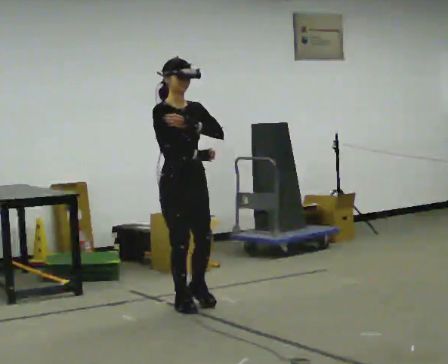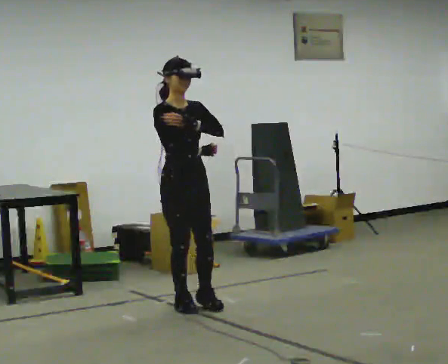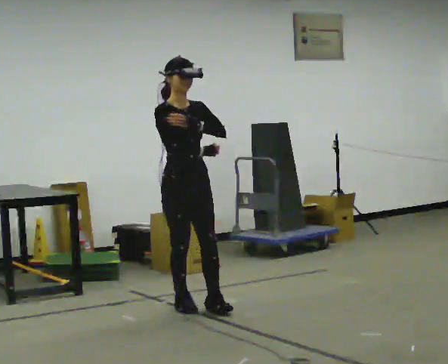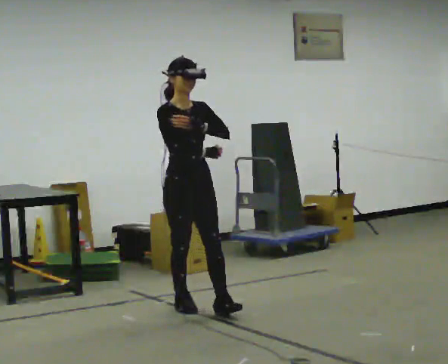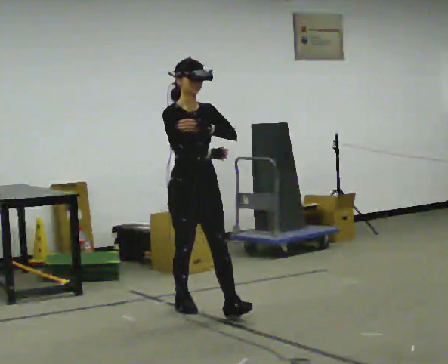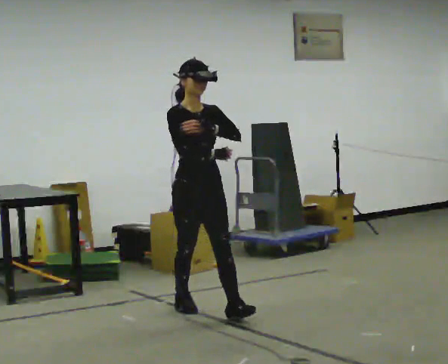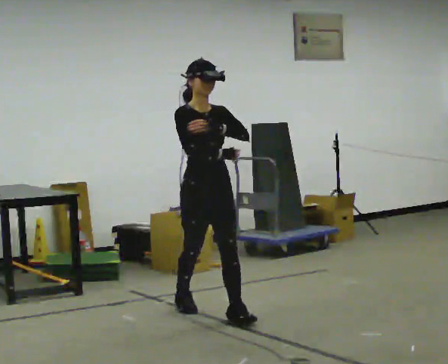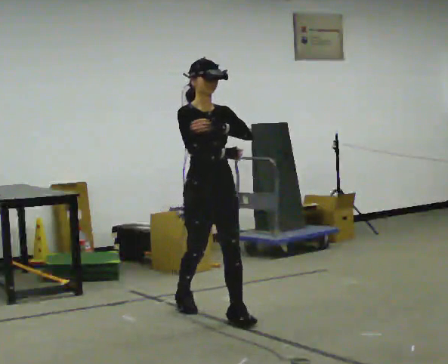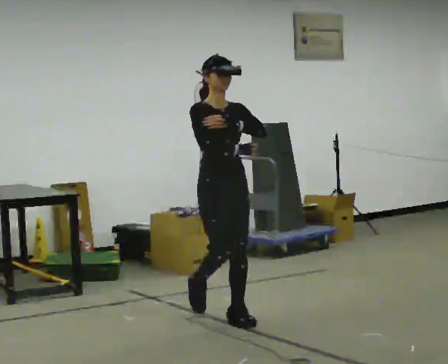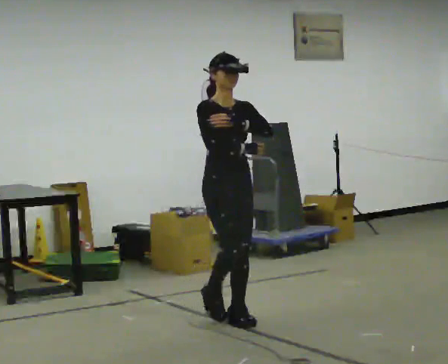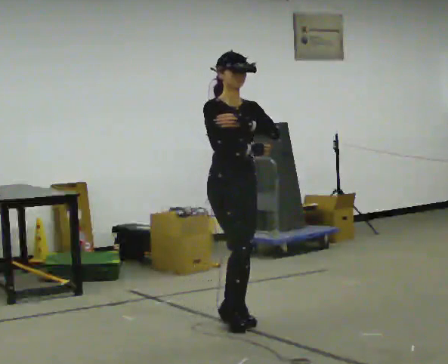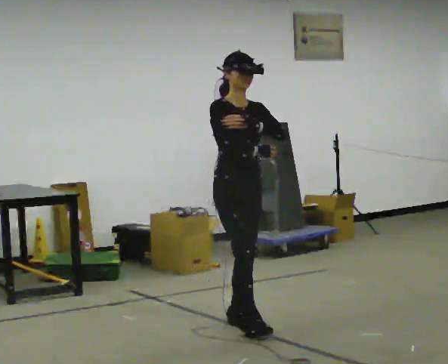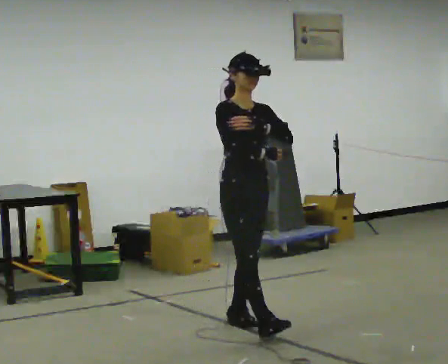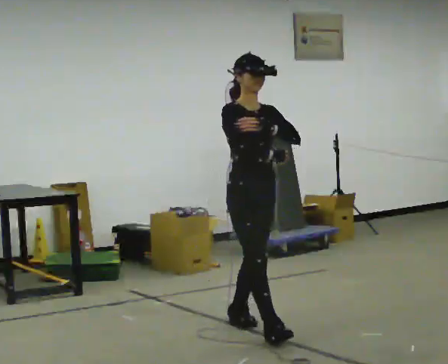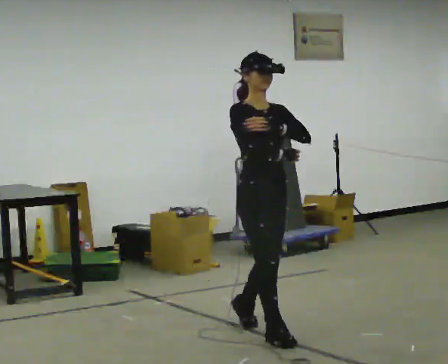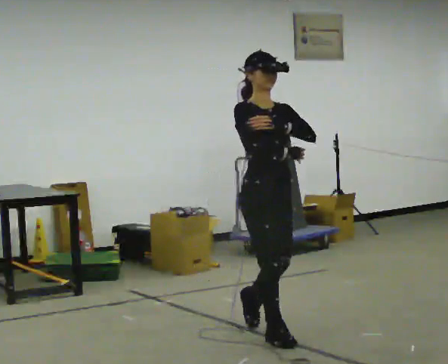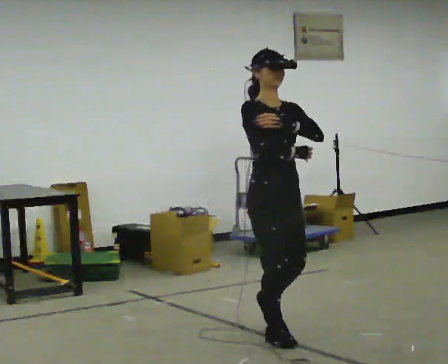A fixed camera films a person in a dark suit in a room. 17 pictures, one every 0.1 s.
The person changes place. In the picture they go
toward the camera.
0.0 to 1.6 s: In the picture they go toward the camera and to the right, about 1 m in 2 steps, which for them is forward.
The film runs forward here.
